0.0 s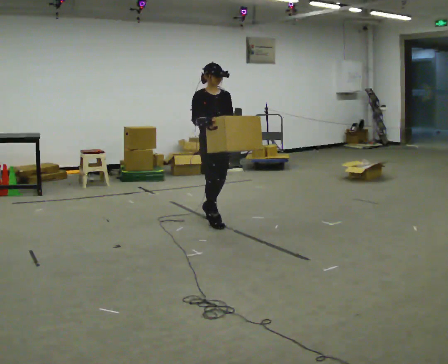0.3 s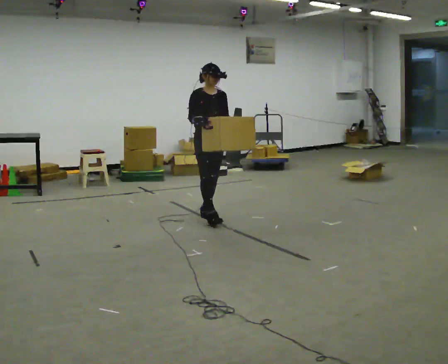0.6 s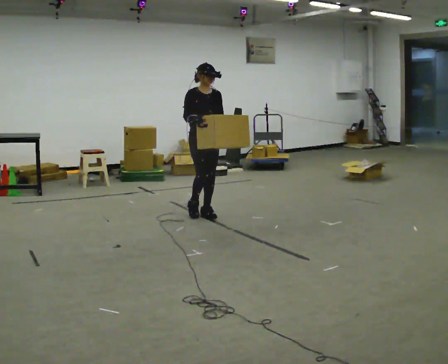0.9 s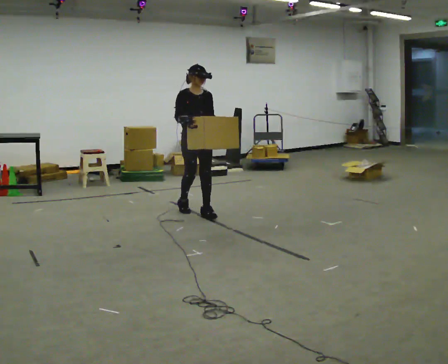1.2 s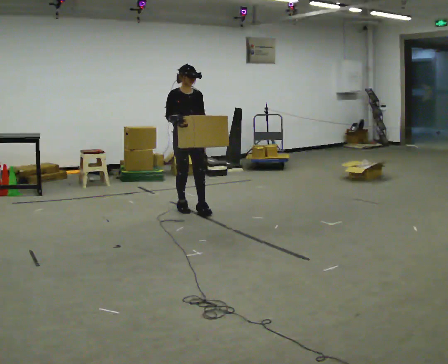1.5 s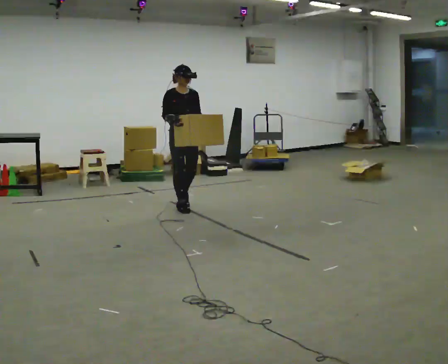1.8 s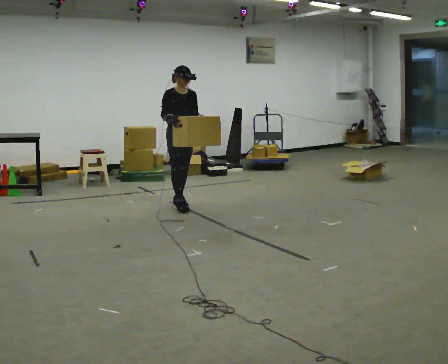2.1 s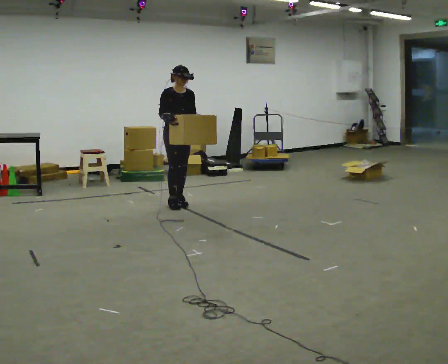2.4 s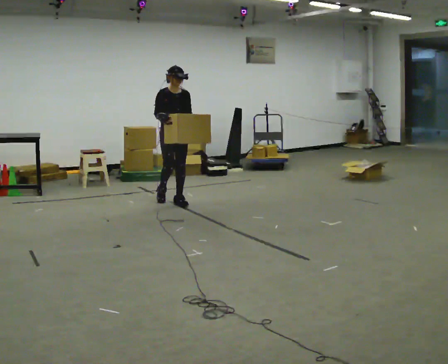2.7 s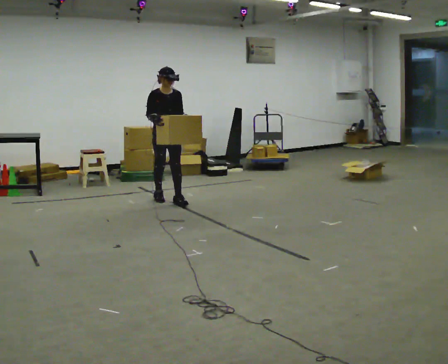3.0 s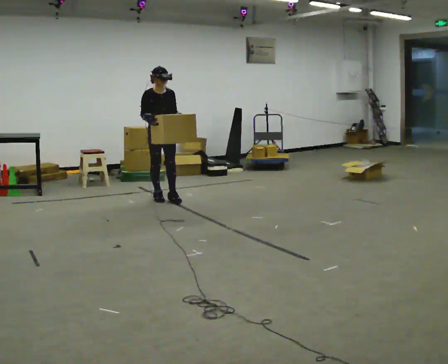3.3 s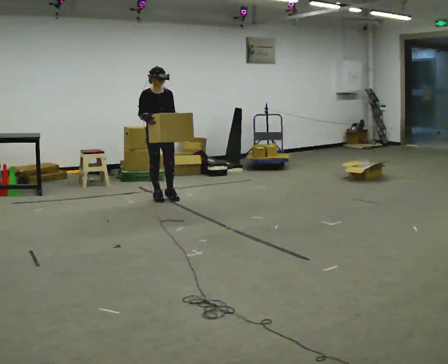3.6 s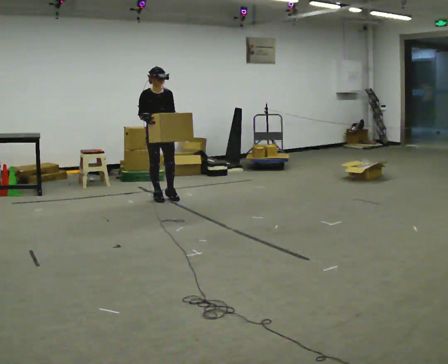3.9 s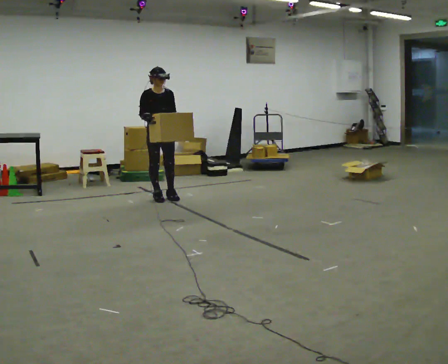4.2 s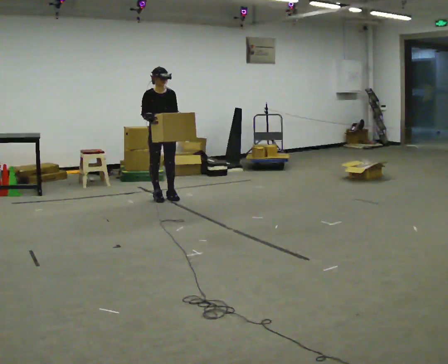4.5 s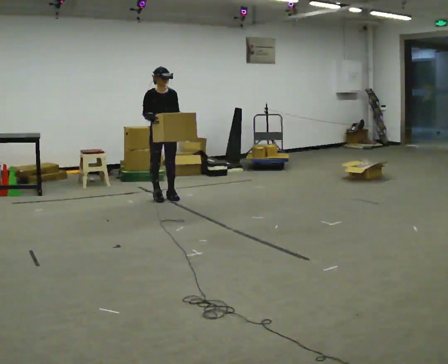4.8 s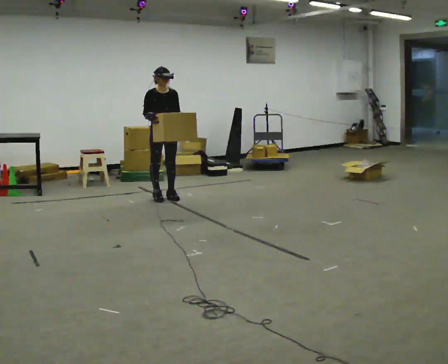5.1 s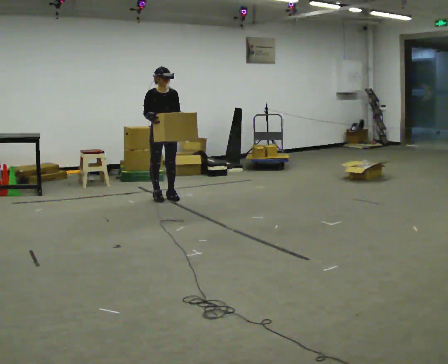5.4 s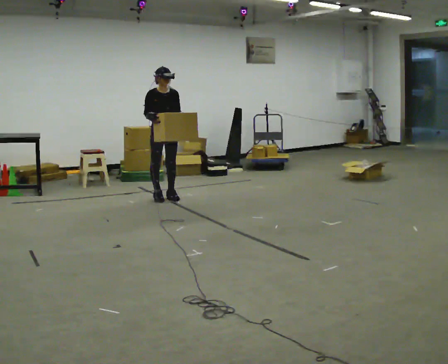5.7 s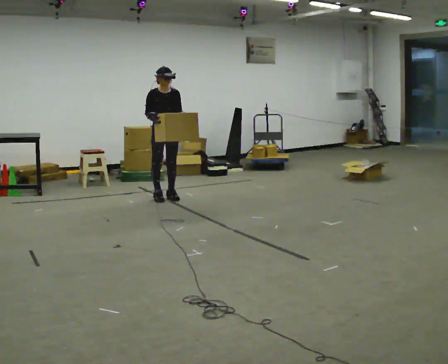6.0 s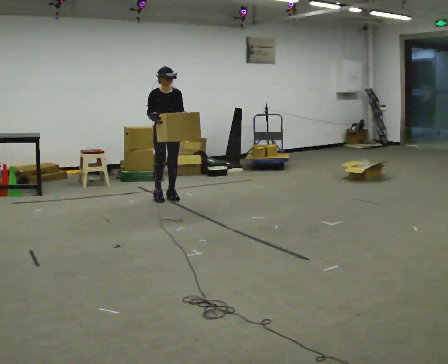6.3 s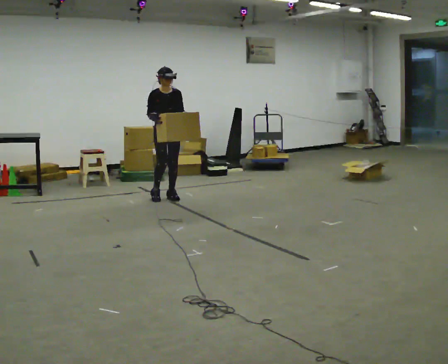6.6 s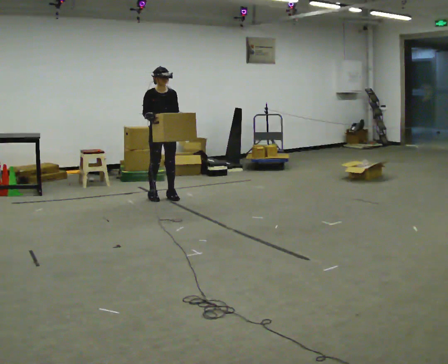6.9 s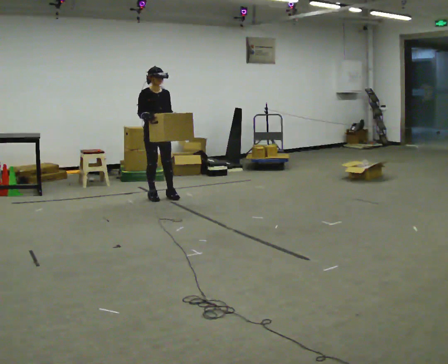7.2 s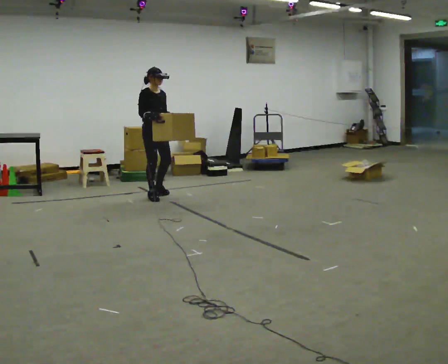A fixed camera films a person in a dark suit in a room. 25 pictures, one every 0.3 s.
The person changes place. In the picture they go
away from the camera.
0.0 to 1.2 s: In the picture they go away from the camera and to the left, about 0.5 m in 2 steps, which for them is backward.
1.2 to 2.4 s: In the picture they go away from the camera and to the left, about 0.5 m in 1 step, which for them is backward.
2.4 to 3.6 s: In the picture they go away from the camera and to the left, about 0.25 m in 1 step, which for them is backward.
3.6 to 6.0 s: The person moves a little, or ends about where they began.
6.0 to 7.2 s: The person turns about 30 degrees to their left, counterclockwise seen from above, so the part of the body nearest the lens slides to the right. In the picture they go to the left, about 0.25 m in 1 step, which for them is to their right.
The film runs backward here.
